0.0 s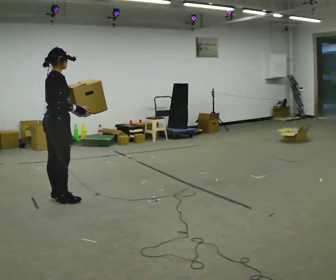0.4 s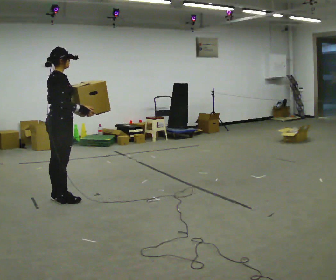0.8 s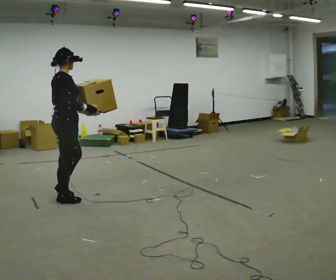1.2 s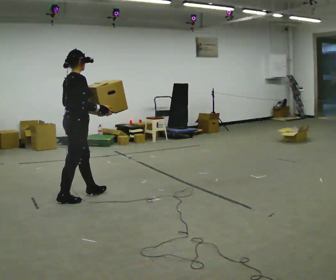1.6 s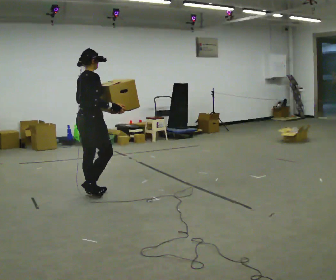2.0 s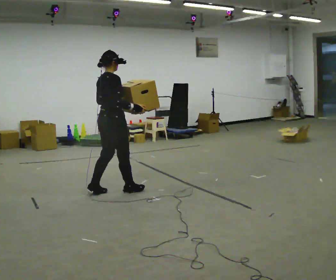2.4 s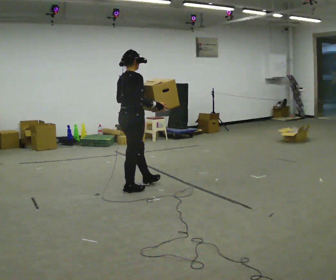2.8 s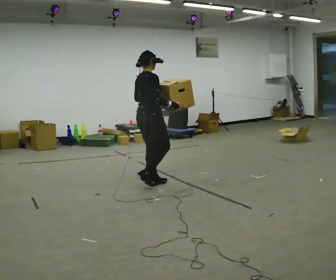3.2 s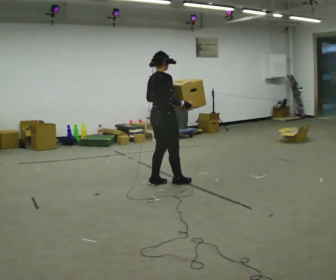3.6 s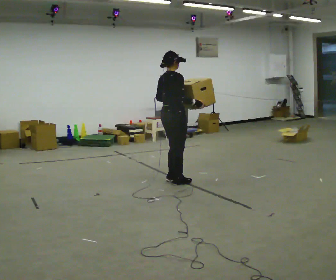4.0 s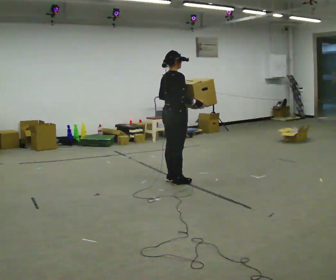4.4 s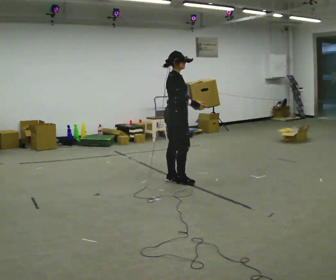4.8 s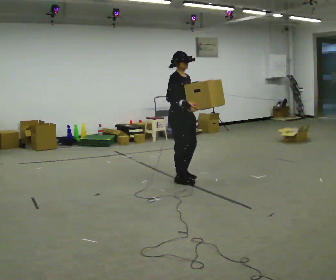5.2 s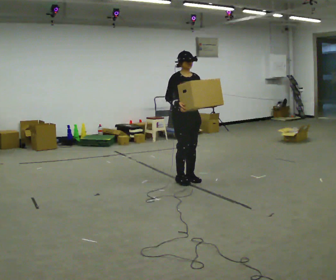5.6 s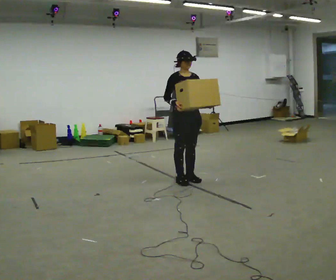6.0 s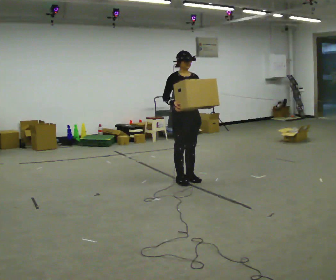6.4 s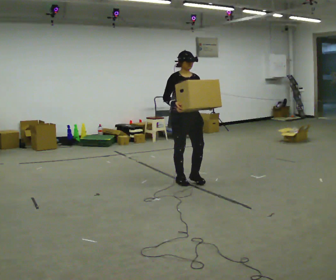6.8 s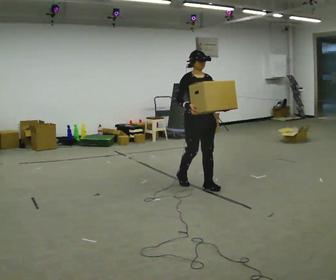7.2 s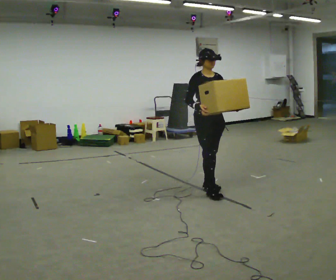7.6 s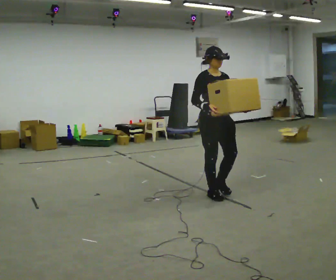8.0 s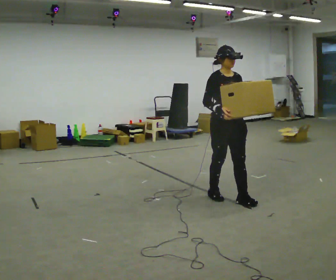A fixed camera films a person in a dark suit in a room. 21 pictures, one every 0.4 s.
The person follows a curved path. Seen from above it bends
clockwise.
The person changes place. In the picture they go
to the right.
0.0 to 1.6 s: In the picture they go to the right and away from the camera, about 0.5 m in 1 step, which for them is forward.
1.6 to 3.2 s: In the picture they go to the right and away from the camera, about 1 m in 3 steps, which for them is forward.
3.2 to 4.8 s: Seen from above the body turns clockwise, about 60 degrees: to their right, with its near side sliding to the left. In the picture they go to the right, about 0.25 m in 1 step.
4.8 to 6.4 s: The person turns about 30 degrees to their right, clockwise seen from above, so the part of the body nearest the lens slides to the left.
6.4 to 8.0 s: In the picture they go toward the camera and to the right, about 1 m in 3 steps, which for them is forward.
The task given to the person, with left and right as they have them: Carry the box along the marked route, turning 90 degrees at the corner the operator calls, and set it down at the end. Keep going until the operator says stop; one object at a time, and do not rush between trips.
The film runs forward here.
